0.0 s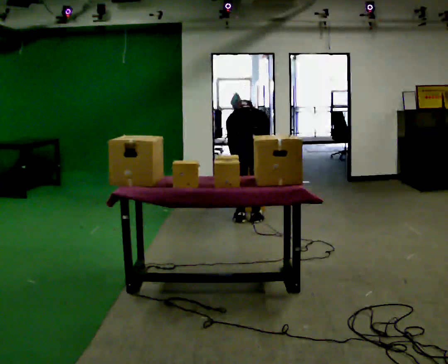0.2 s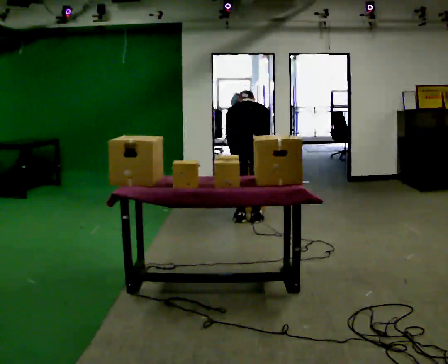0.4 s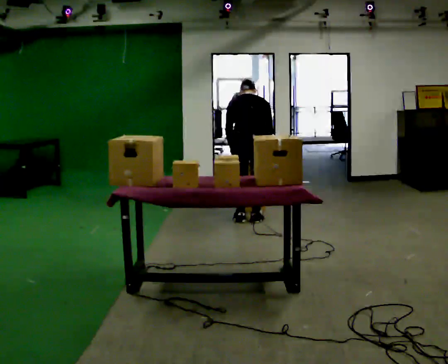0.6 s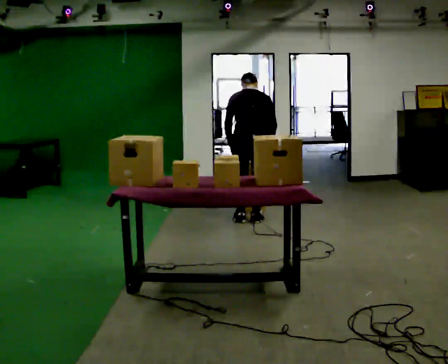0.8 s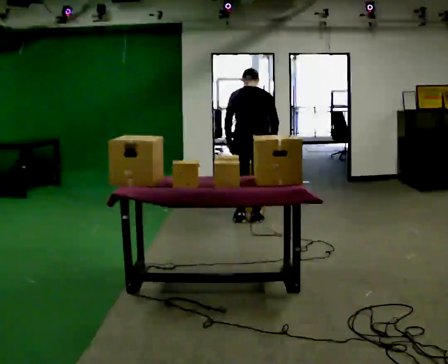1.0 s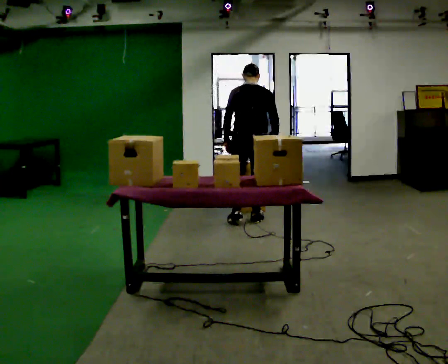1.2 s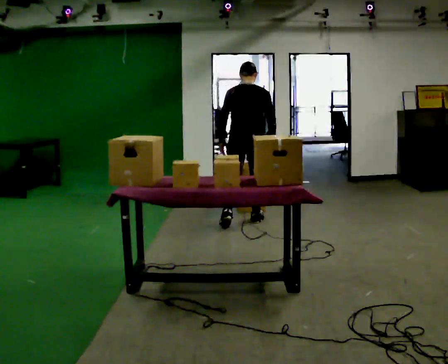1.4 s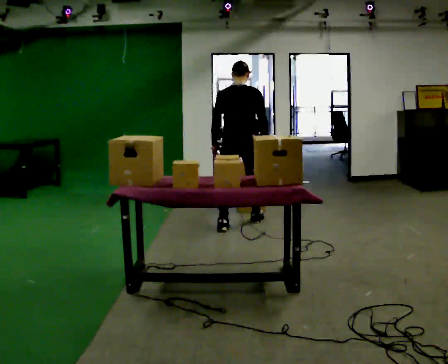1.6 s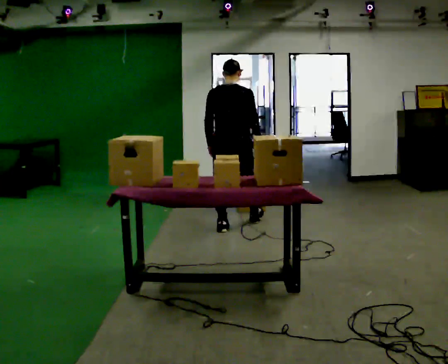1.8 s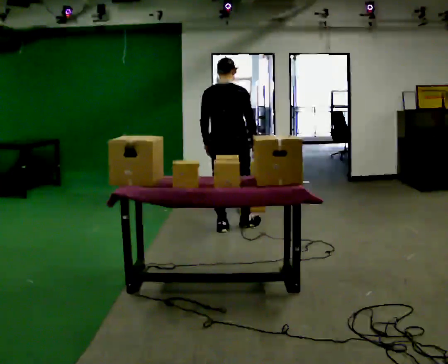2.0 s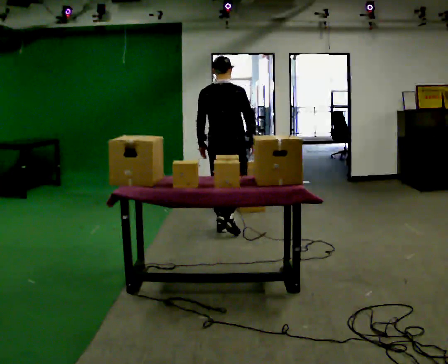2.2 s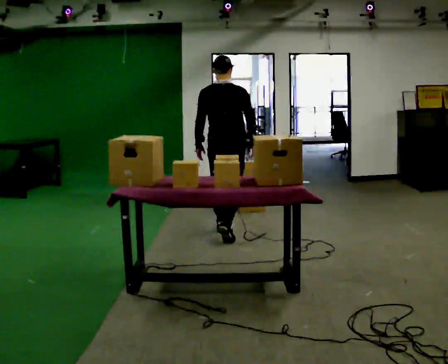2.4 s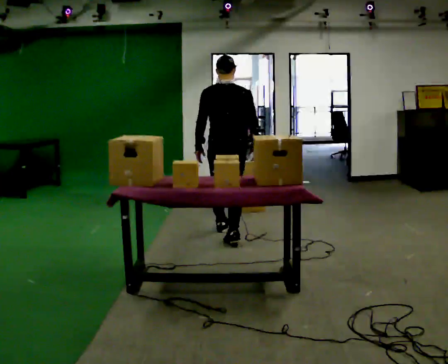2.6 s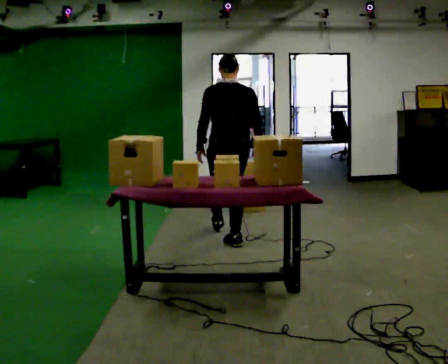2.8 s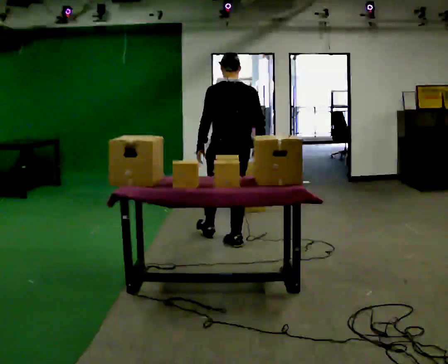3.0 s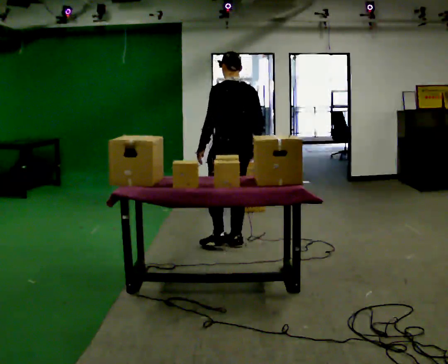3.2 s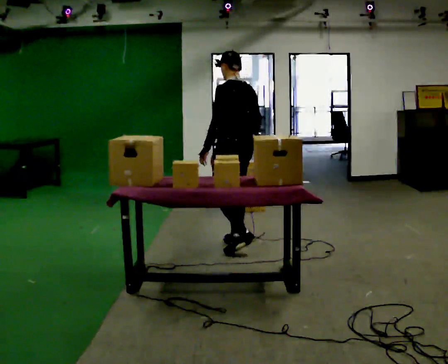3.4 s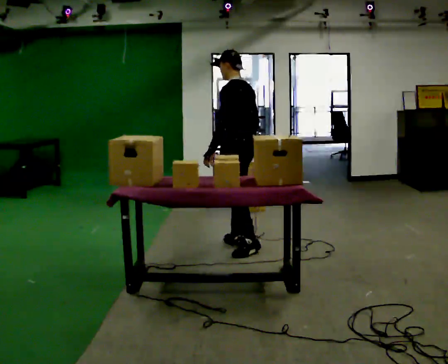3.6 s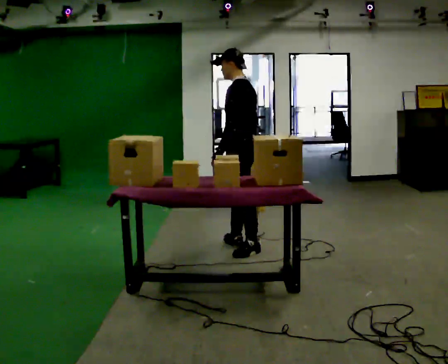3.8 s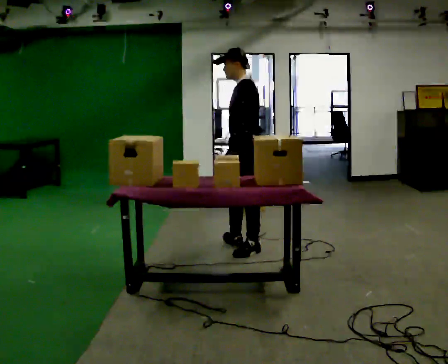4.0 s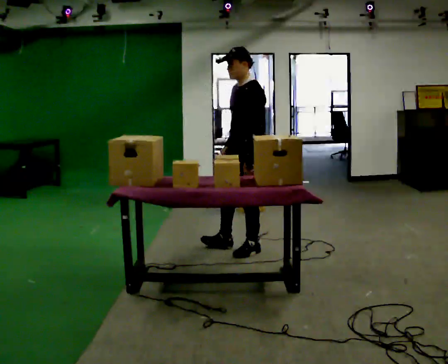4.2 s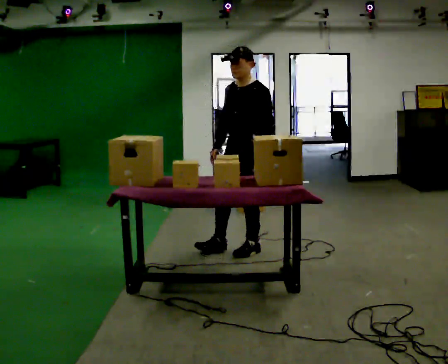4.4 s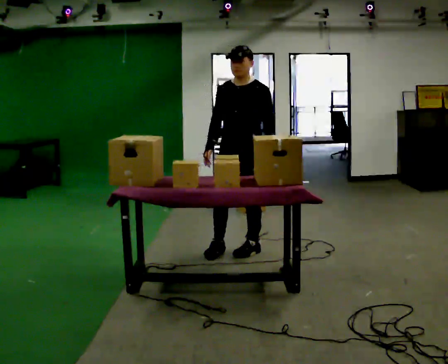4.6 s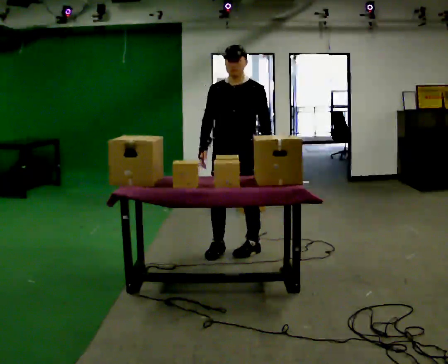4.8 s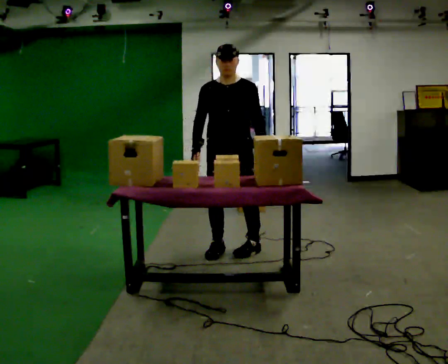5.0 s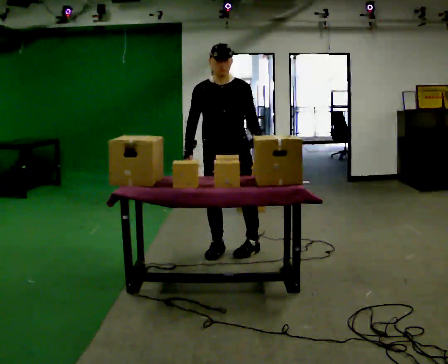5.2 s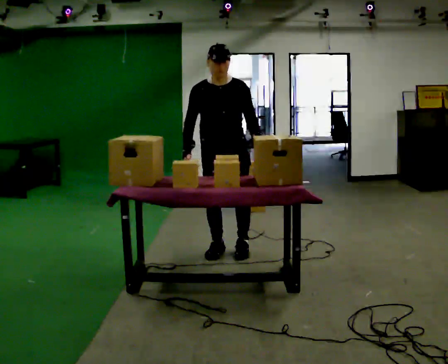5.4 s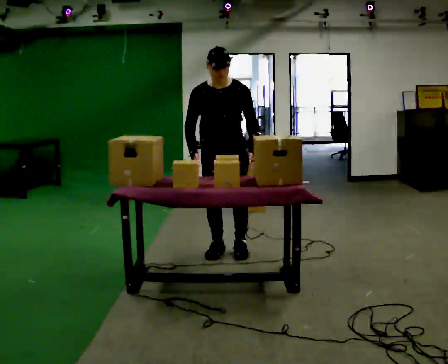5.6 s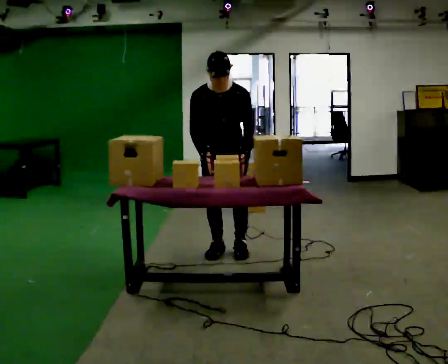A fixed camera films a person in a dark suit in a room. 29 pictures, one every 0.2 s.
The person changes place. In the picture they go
toward the camera.
The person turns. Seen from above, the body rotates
counterclockwise.
0.0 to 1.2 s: The shoulders move upward. The upper body tips toward the camera, its near side rolling downward, as they lean back or straighten.
1.2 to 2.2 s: In the picture they go toward the camera and to the left, about 0.5 m in 1 step, which for them is backward.
2.2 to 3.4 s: The person turns about 75 degrees to their left, counterclockwise seen from above, so the part of the body nearest the lens slides to the right. In the picture they go toward the camera, about 0.5 m in 1 step.
3.4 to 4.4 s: The part of the body nearest the lens slides to the right as the person turns to their left by about 75 degrees. In the picture they go toward the camera, about 0.25 m. In the picture their left hand goes to the right, the arm swinging counterclockwise.
4.4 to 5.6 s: The person turns about 45 degrees to their left, counterclockwise seen from above, so the part of the body nearest the lens slides to the right. In the picture they go to the left, about 0.25 m, which for them is to their right. The upper body tips toward the camera, its near side rolling downward, as they bend forward.
The film runs backward here.
